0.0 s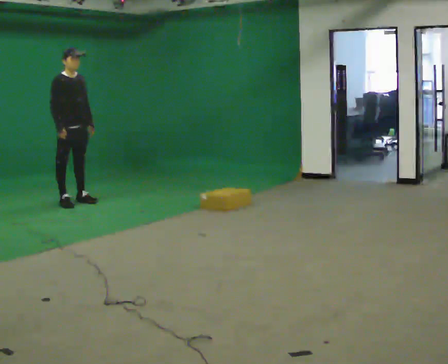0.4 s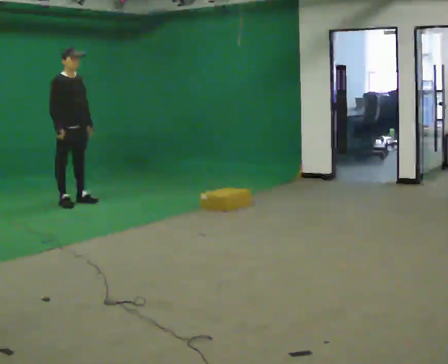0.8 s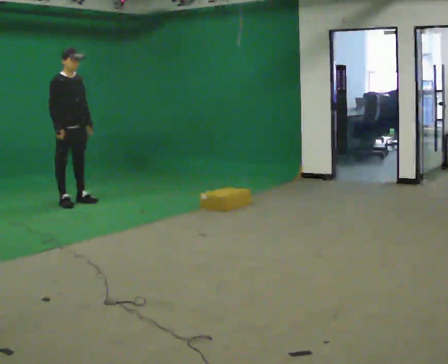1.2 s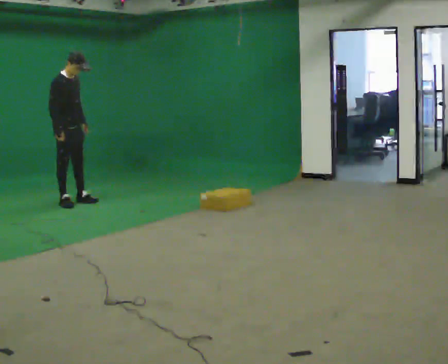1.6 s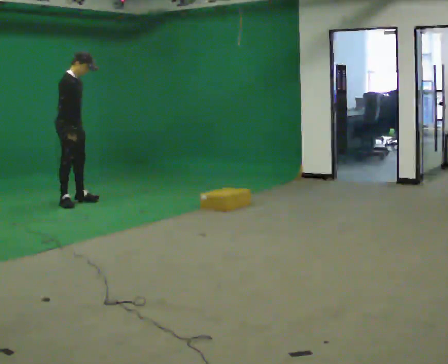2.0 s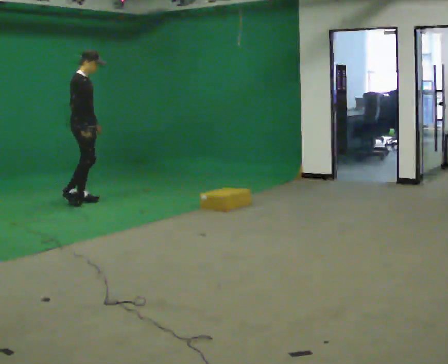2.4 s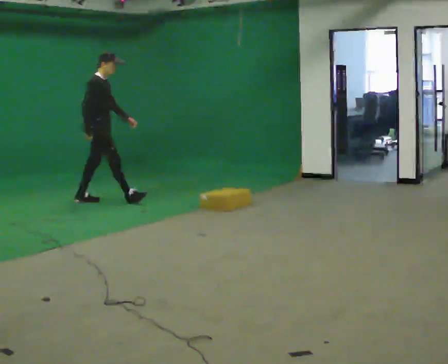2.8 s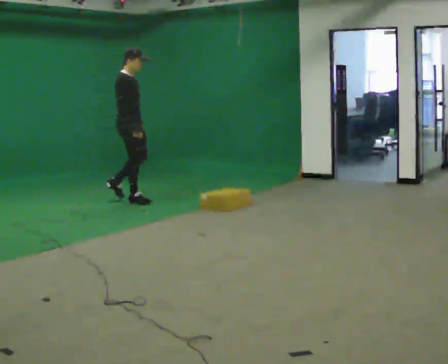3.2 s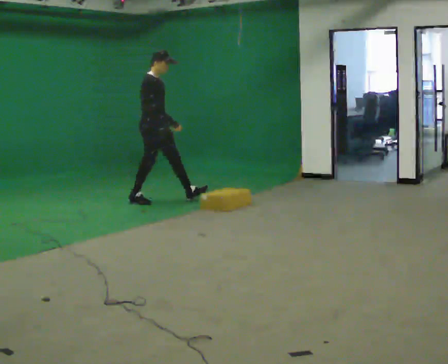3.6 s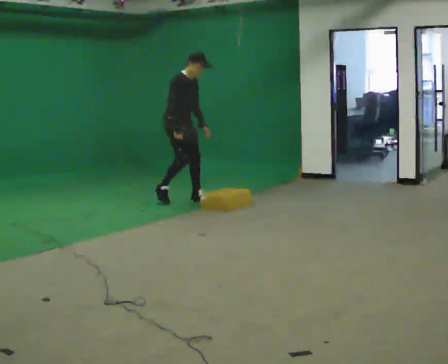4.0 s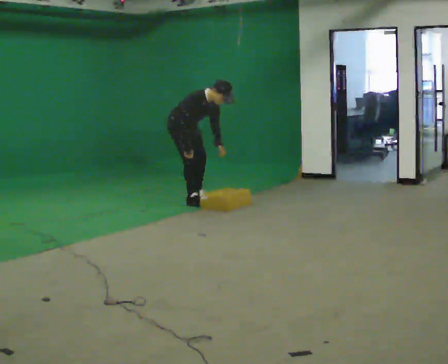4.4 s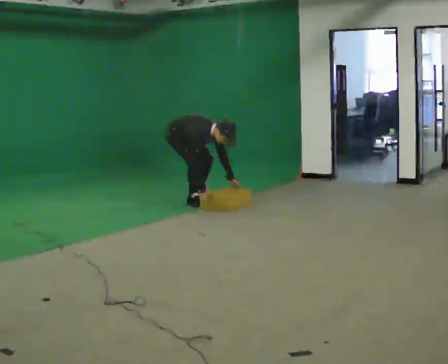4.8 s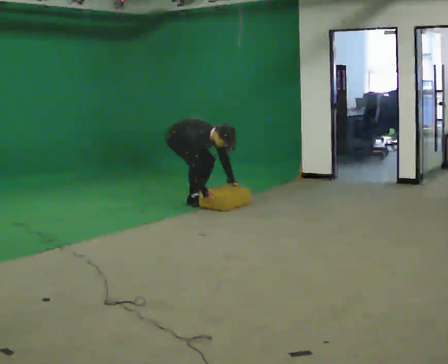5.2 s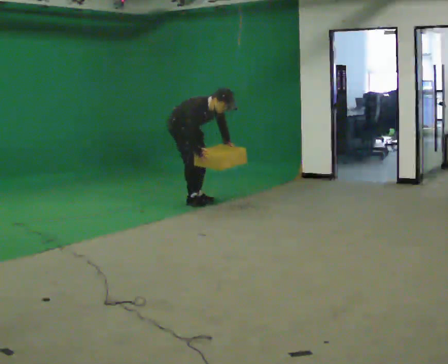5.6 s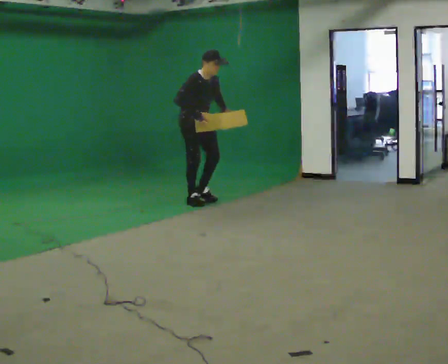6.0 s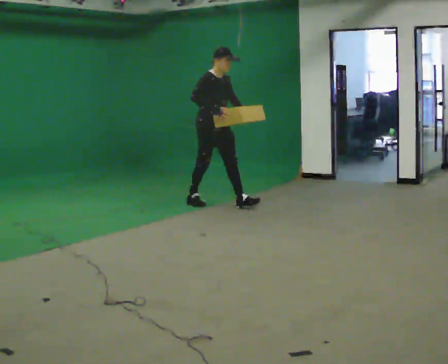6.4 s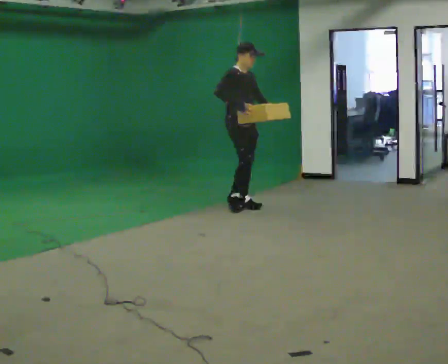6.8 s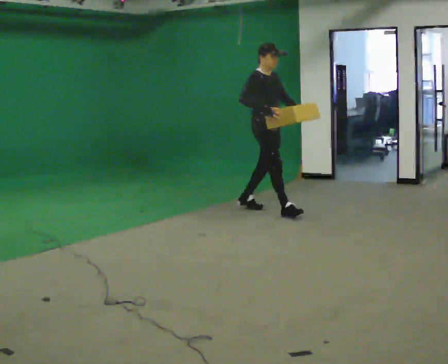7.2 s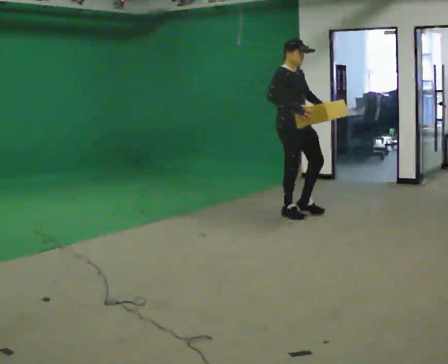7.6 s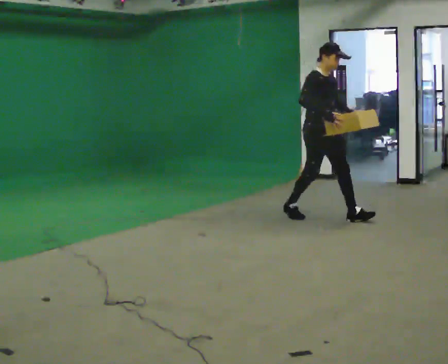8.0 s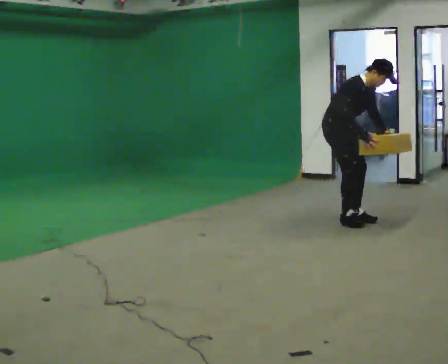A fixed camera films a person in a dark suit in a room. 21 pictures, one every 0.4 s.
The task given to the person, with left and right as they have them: Start still; walk straight at normal comfortable speed; stop at endpoint.
0.0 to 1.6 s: The part of the body nearest the lens slides to the right as the person turns to their left by about 30 degrees.
1.6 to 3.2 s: In the picture they go to the right, about 1 m in 1 step, which for them is forward.
3.2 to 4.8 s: In the picture they go to the right, about 0.25 m in 2 steps, which for them is to their left and forward. The upper body goes downward. In the picture the upper body tilts clockwise, shoulders to the right, as they bend forward. In the picture their right hand goes downward.
4.8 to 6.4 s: In the picture they go to the right and toward the camera, about 1 m in 1 step, which for them is forward. The shoulders move upward. In the picture the upper body tilts counterclockwise, shoulders to the left, as they lean back or straighten. In the picture their right hand goes upward.
6.4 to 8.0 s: In the picture they go to the right and toward the camera, about 1 m in 2 steps, which for them is forward. In the picture the upper body tilts clockwise, shoulders to the right, as they bend forward.
The film runs forward here.
